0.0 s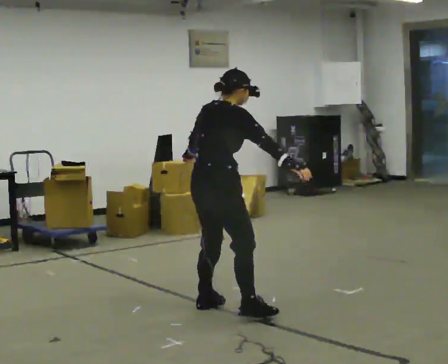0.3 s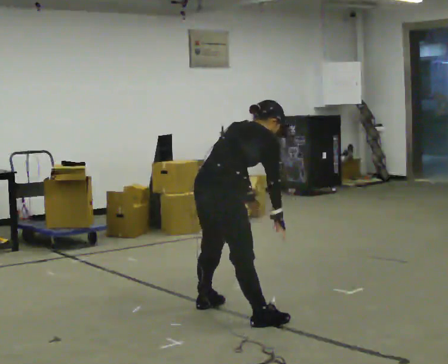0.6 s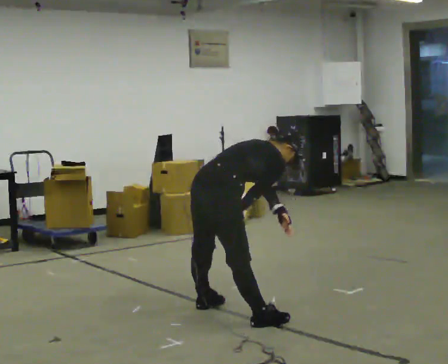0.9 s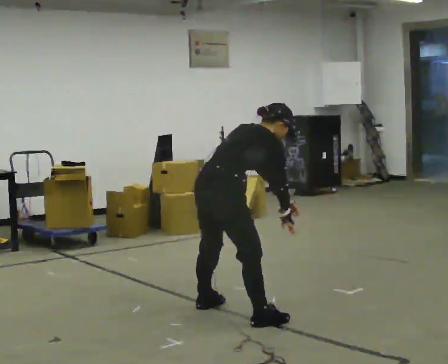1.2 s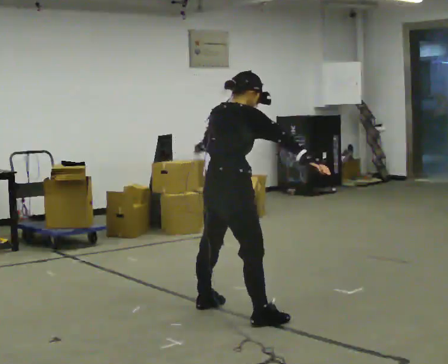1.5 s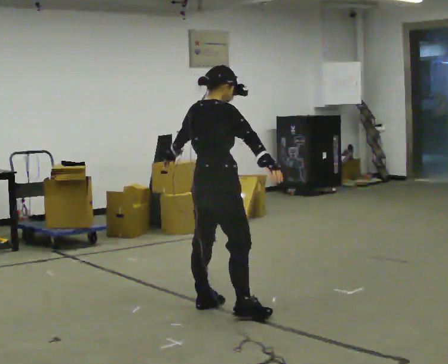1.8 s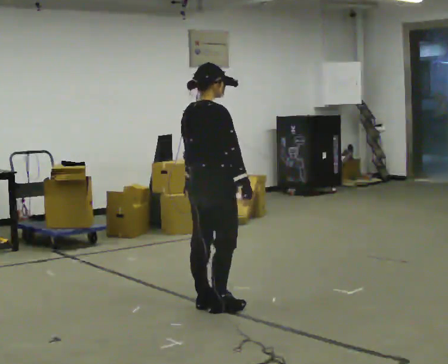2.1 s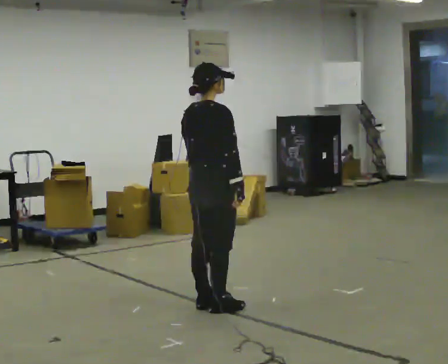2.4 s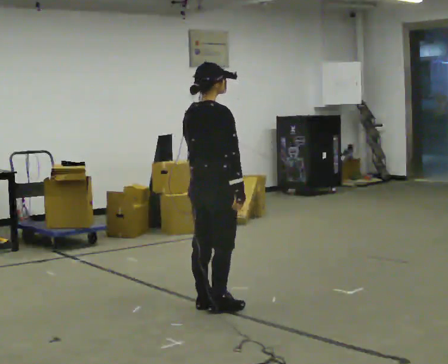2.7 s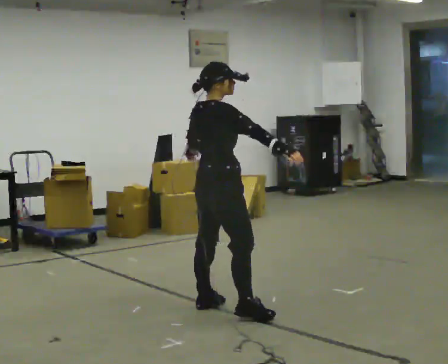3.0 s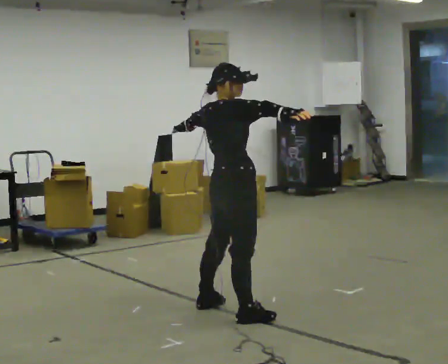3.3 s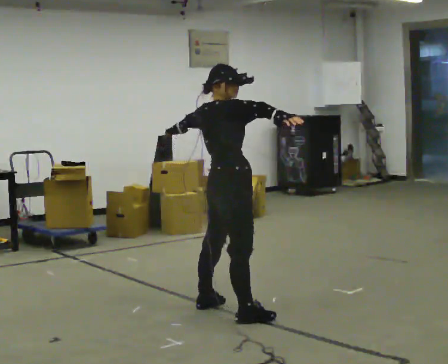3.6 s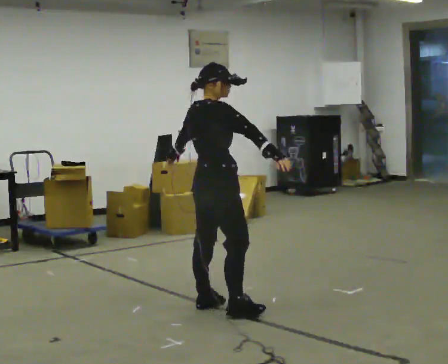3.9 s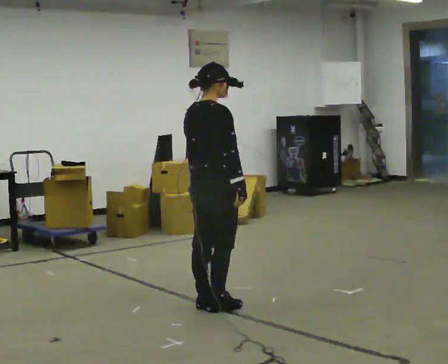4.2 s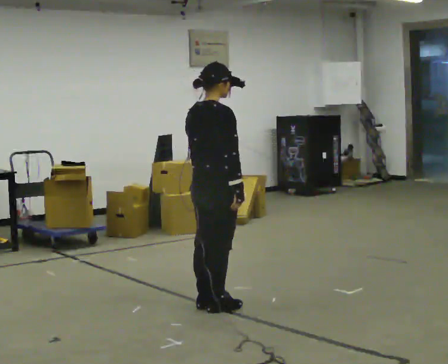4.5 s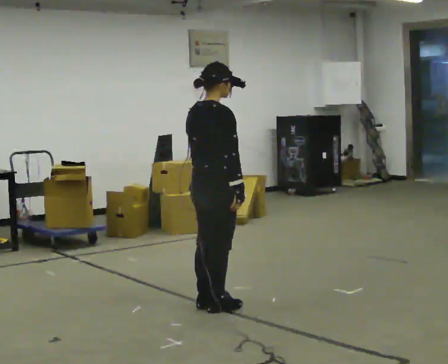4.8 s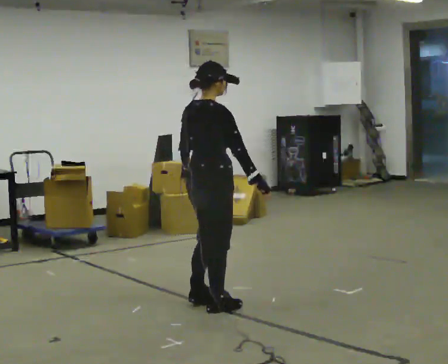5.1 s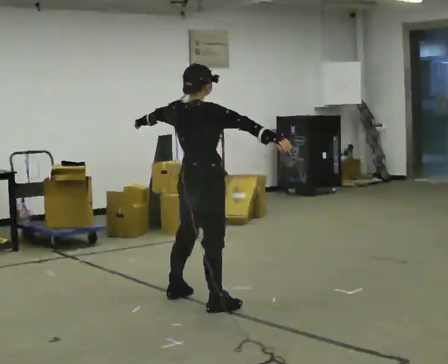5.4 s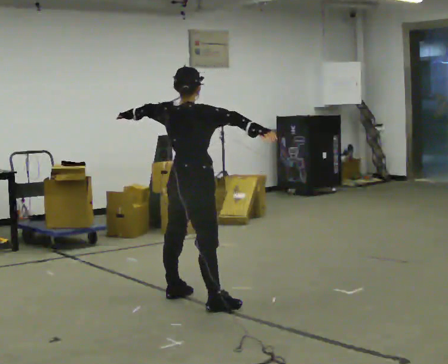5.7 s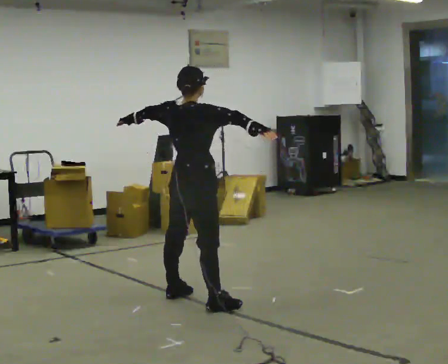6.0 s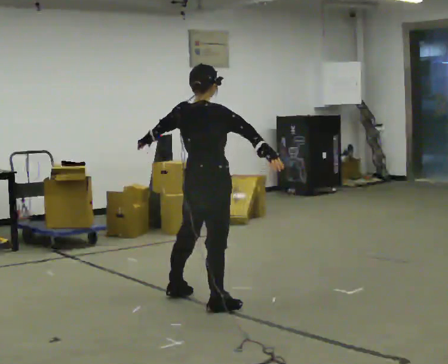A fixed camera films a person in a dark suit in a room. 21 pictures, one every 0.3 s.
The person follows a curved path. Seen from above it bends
counterclockwise.
0.0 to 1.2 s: The person moves a little, or ends about where they began.
1.2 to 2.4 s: In the picture they go away from the camera, about 0.25 m in 1 step, which for them is to their left. In the picture the upper body tilts counterclockwise, shoulders to the left, as they lean back or straighten.
2.4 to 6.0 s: The person moves a little, or ends about where they began.
The film runs backward here.
